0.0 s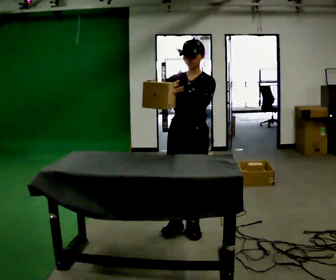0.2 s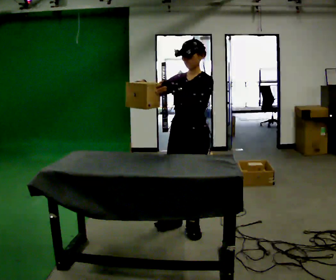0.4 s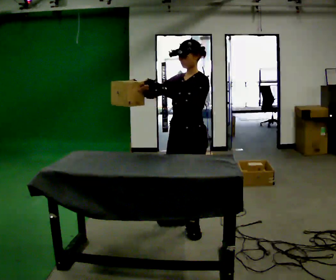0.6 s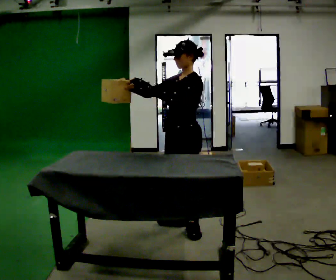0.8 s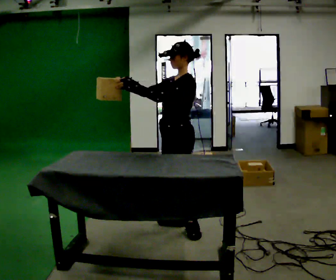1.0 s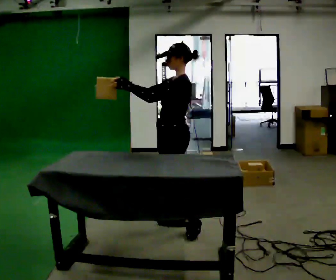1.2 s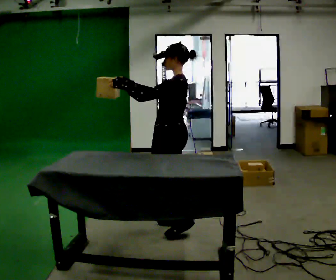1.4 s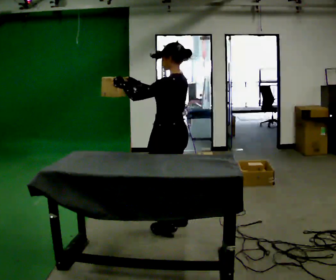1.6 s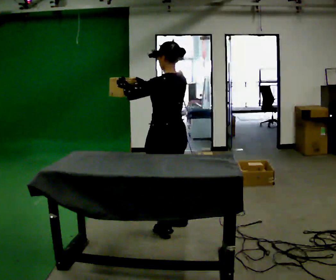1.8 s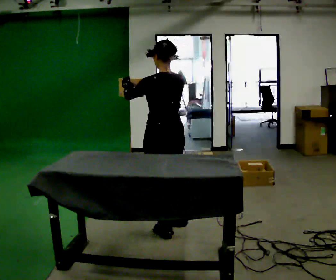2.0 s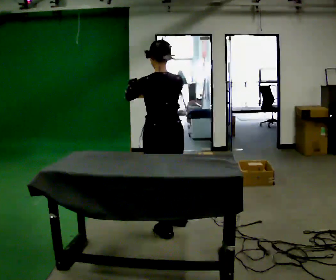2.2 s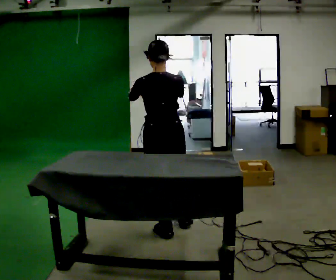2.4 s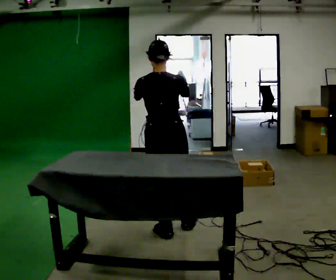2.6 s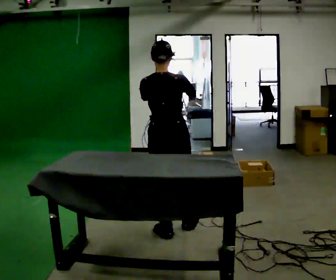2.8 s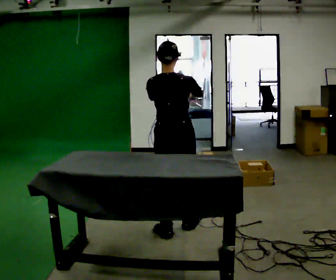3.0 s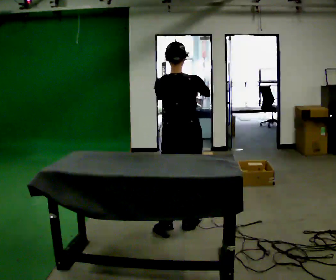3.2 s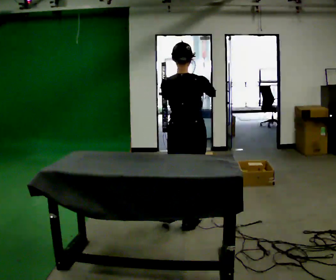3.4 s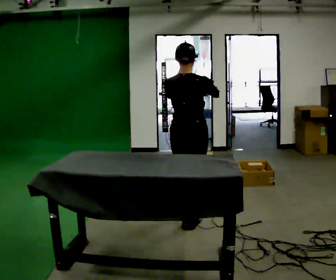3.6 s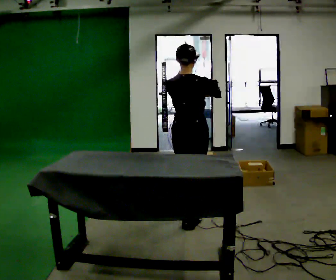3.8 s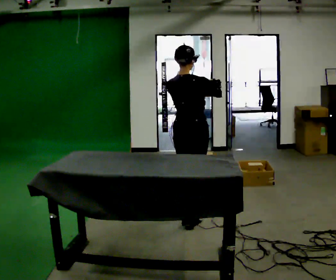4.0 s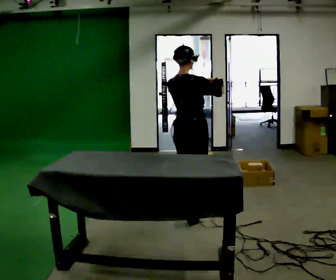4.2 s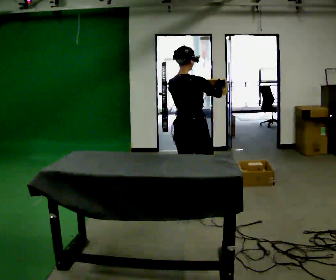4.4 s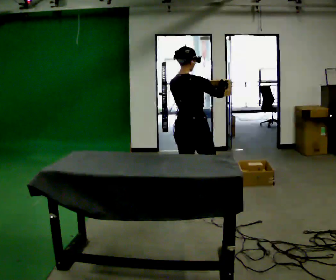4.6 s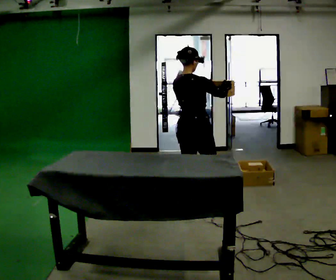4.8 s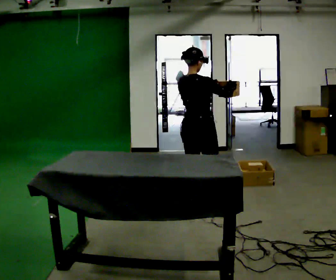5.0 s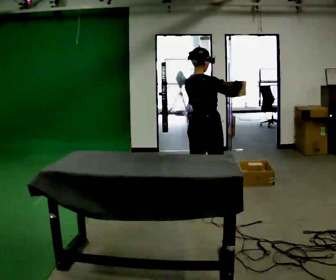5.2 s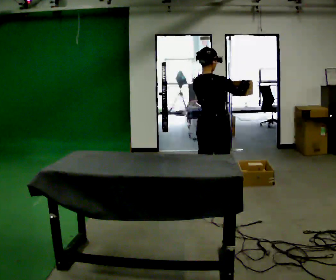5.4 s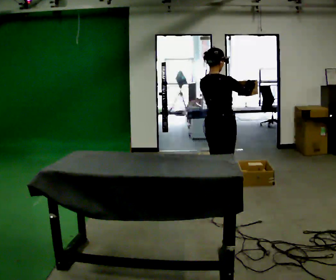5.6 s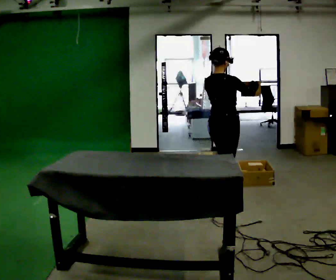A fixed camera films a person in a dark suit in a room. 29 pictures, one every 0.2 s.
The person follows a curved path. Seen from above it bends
clockwise.
The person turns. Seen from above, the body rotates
clockwise.
0.0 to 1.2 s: The person turns about 75 degrees to their right, clockwise seen from above, so the part of the body nearest the lens slides to the left.
1.2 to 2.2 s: Seen from above the body turns clockwise, about 75 degrees: to their right, with its near side sliding to the left. In the picture they go toward the camera, about 0.25 m in 1 step. In the picture their right hand goes to the right.
2.2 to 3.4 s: In the picture they go to the right and away from the camera, about 0.25 m, which for them is forward and to their right.
3.4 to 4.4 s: In the picture they go away from the camera, about 0.25 m in 1 step, which for them is forward and to their left.
4.4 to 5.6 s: In the picture they go to the right and away from the camera, about 0.5 m in 1 step, which for them is forward.
The film runs forward here.
